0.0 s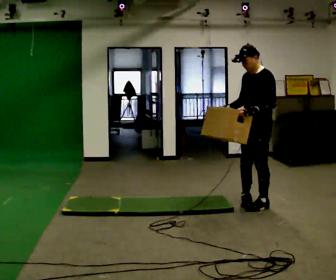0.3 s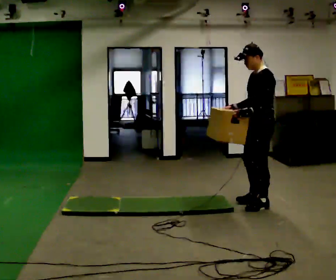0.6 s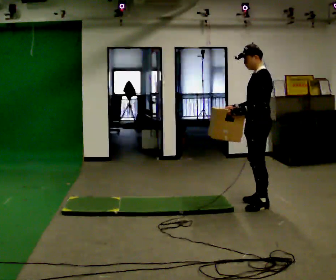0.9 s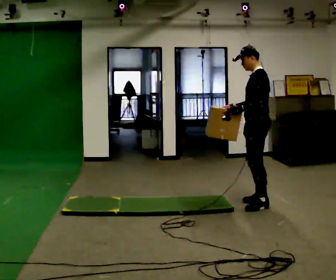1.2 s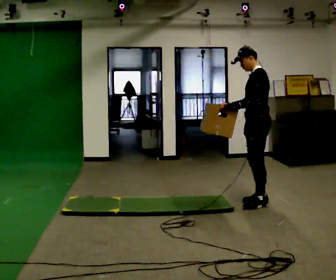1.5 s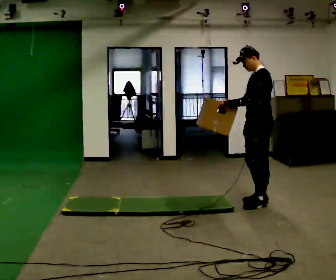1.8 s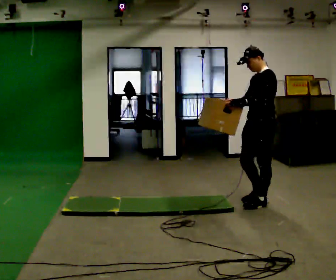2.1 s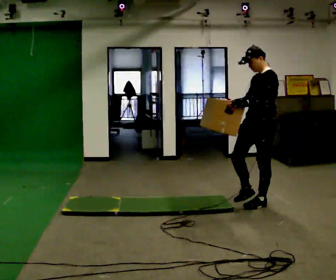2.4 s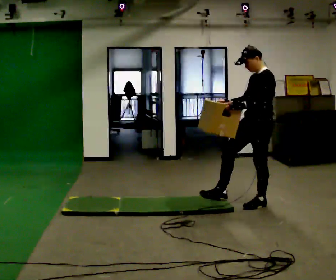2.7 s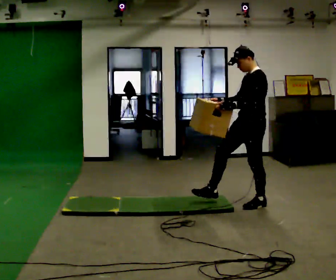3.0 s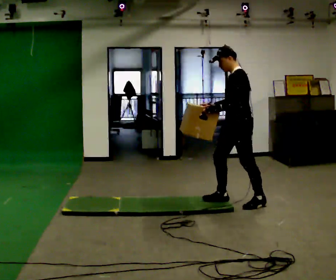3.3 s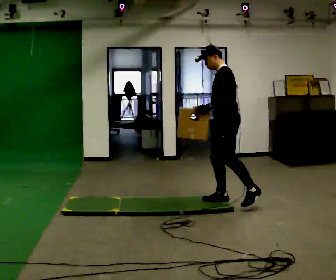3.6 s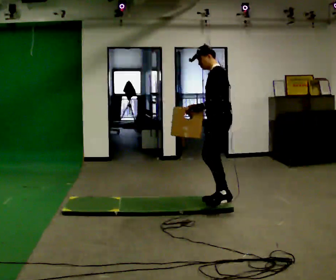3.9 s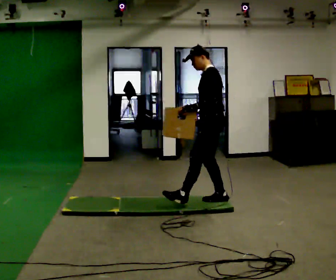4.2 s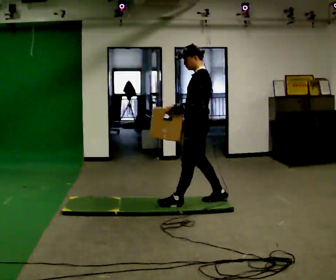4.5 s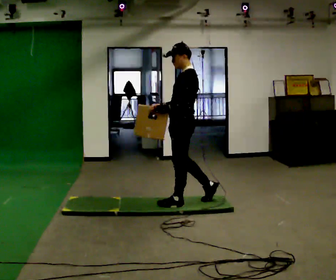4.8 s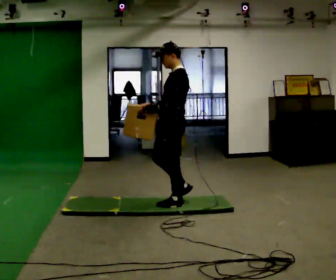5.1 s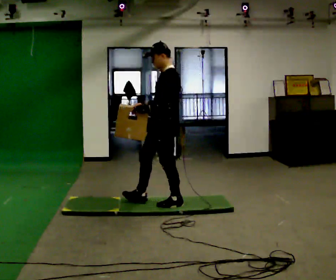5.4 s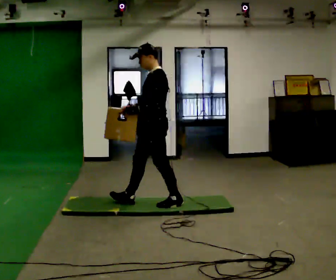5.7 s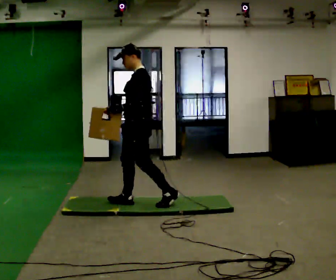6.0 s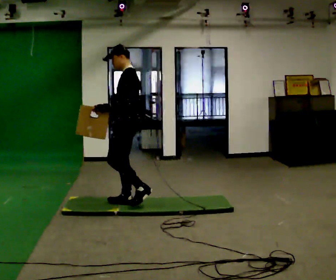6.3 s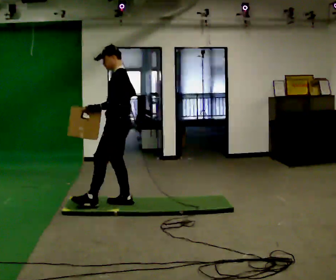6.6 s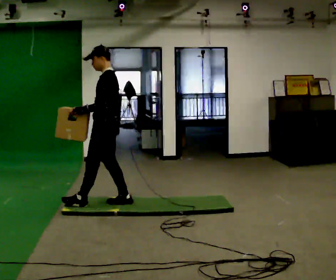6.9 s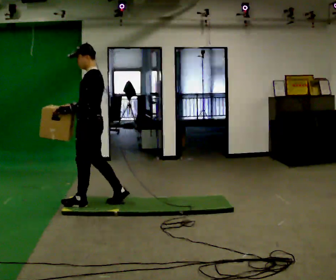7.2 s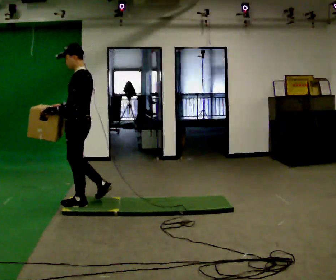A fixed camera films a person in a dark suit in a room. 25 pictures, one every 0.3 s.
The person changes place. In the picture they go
to the left.
0.0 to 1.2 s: The part of the body nearest the lens slides to the left as the person turns to their right by about 30 degrees.
1.2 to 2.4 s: The person turns about 30 degrees to their left, counterclockwise seen from above, so the part of the body nearest the lens slides to the right.
2.4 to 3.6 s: In the picture they go to the left, about 0.5 m in 1 step, which for them is forward and to their right.
3.6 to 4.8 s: In the picture they go to the left and toward the camera, about 0.5 m in 1 step, which for them is forward.
4.8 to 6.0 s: In the picture they go to the left, about 0.5 m in 1 step, which for them is forward.
6.0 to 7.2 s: In the picture they go to the left and toward the camera, about 0.5 m in 1 step, which for them is forward.
The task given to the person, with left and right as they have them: Carry the box across the soft uneven mat, set it down on the far side, then bring it back. Keep going until the operator says stop; one object at a time, and do not rush between trips.
The film runs forward here.
